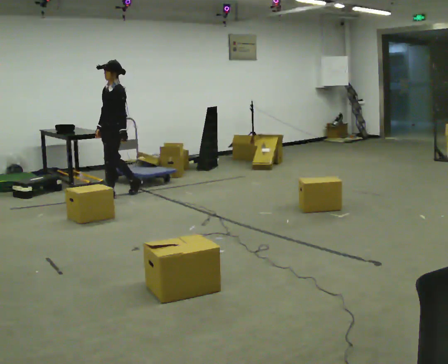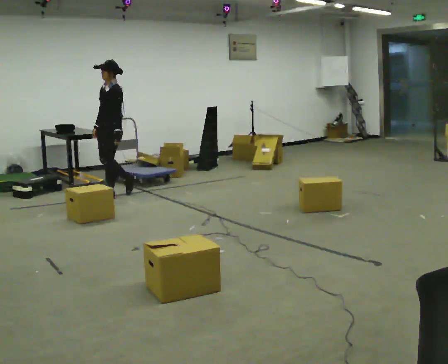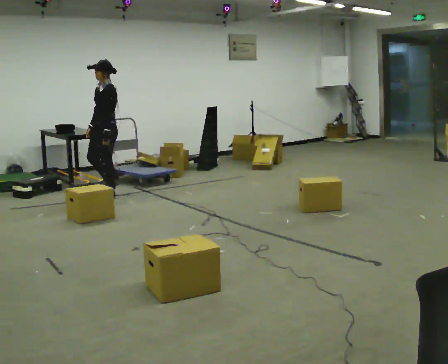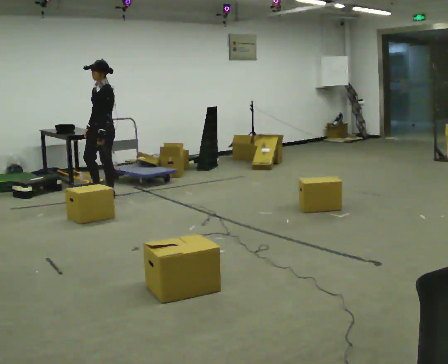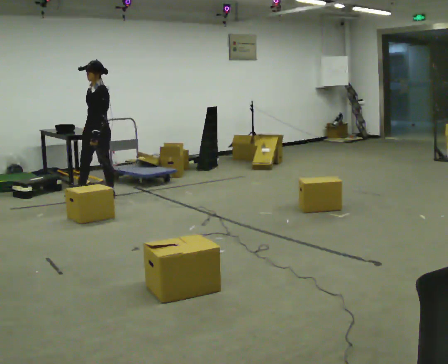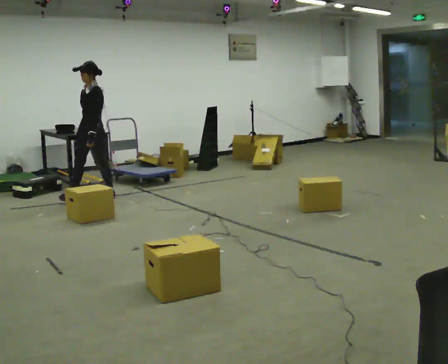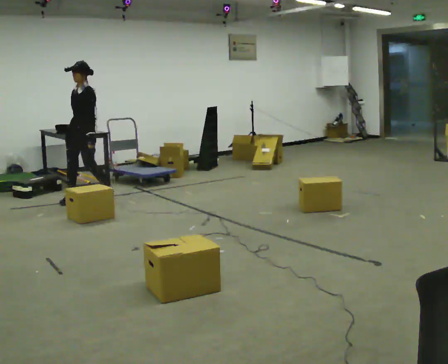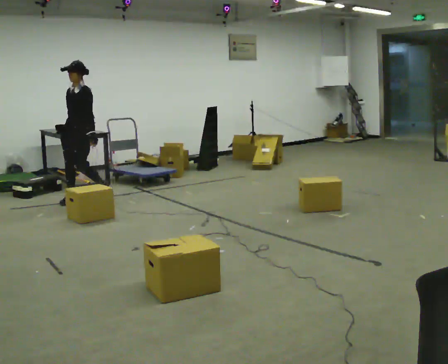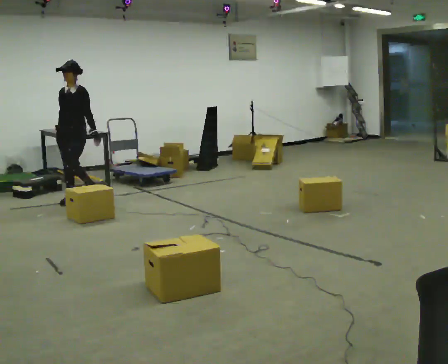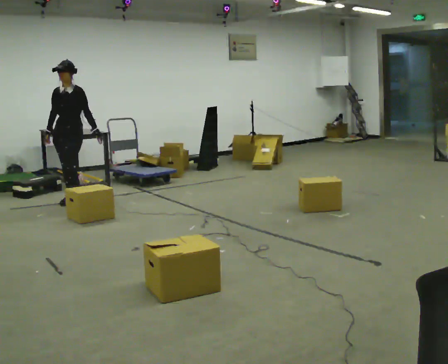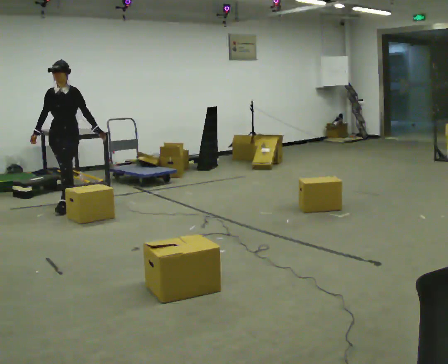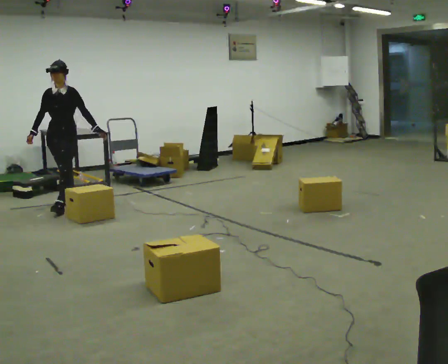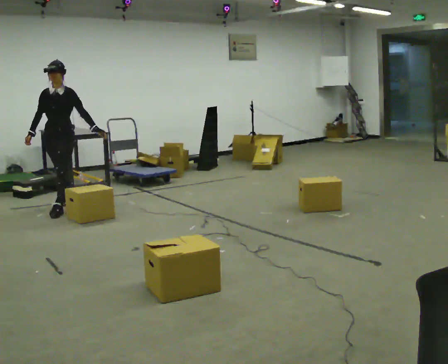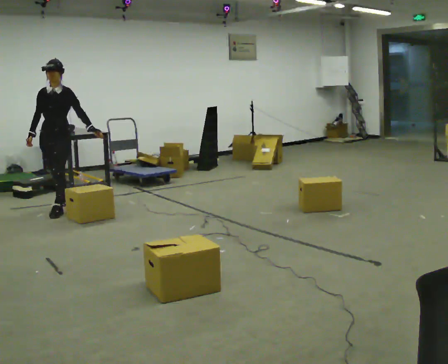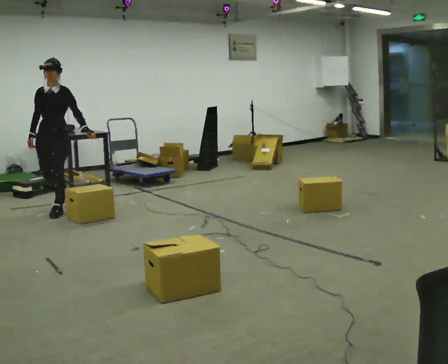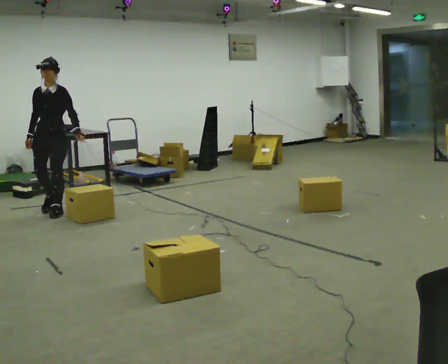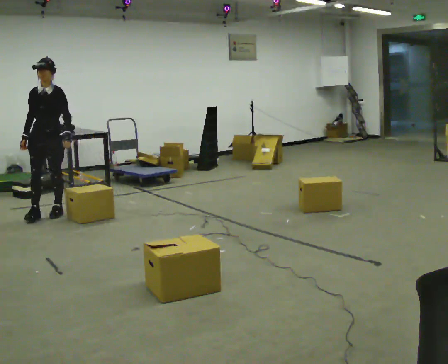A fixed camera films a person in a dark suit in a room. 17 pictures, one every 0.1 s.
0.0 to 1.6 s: The part of the body nearest the lens slides to the right as the person turns to their left by about 45 degrees. In the picture they go toward the camera and to the left, about 1 m in 2 steps, which for them is forward.
The film runs forward here.
